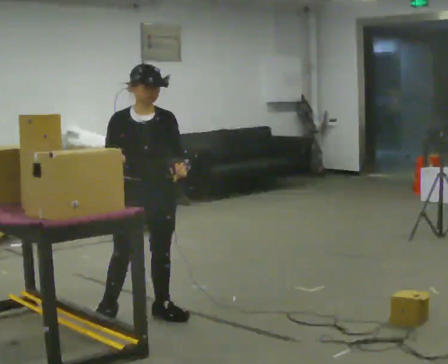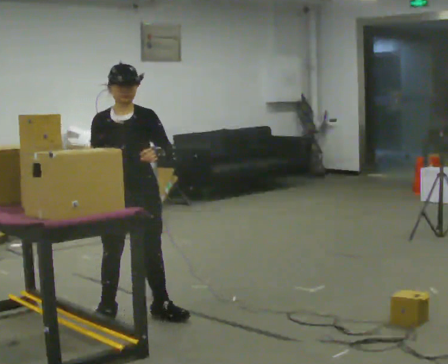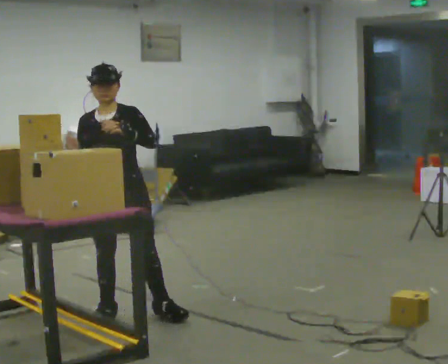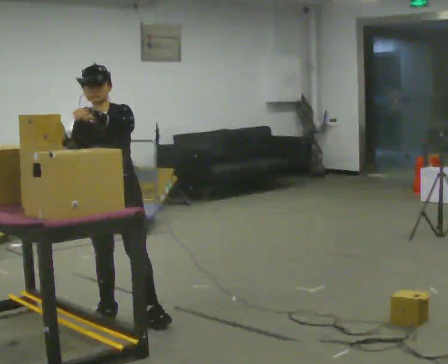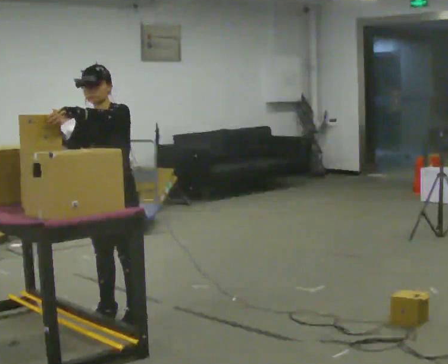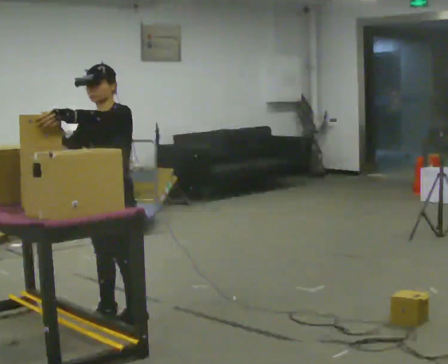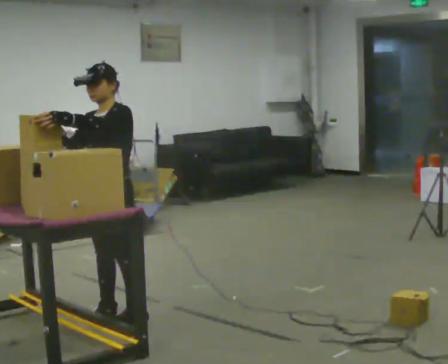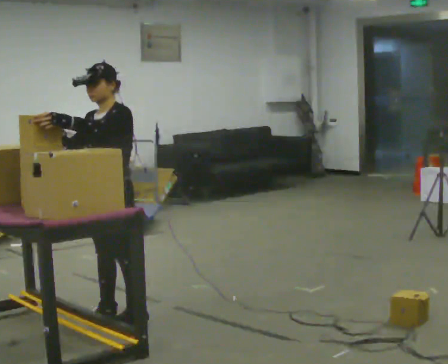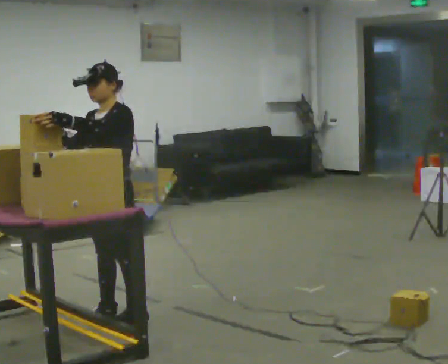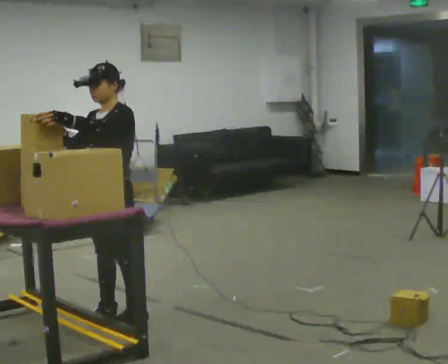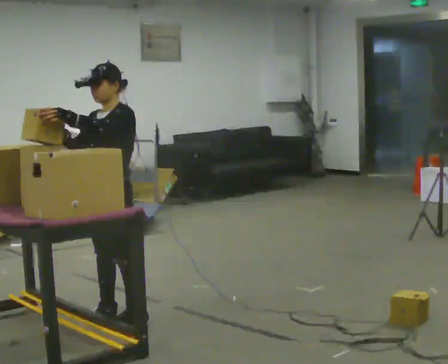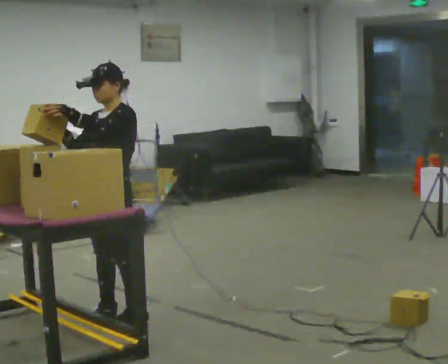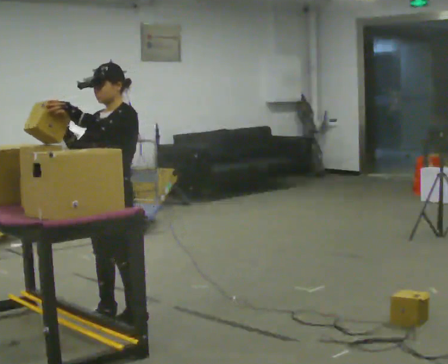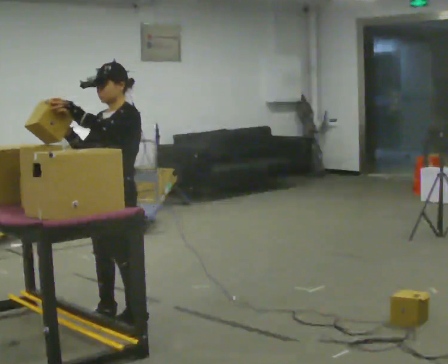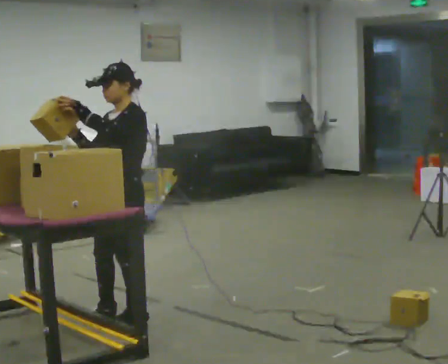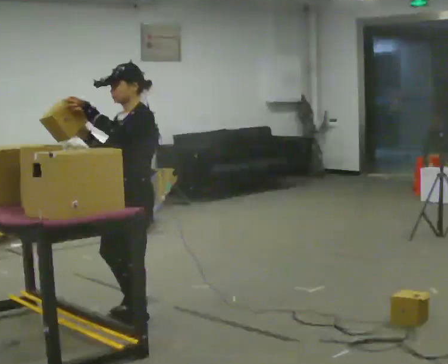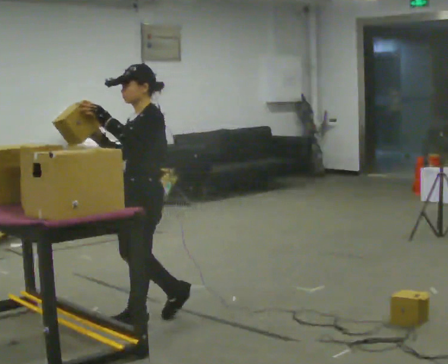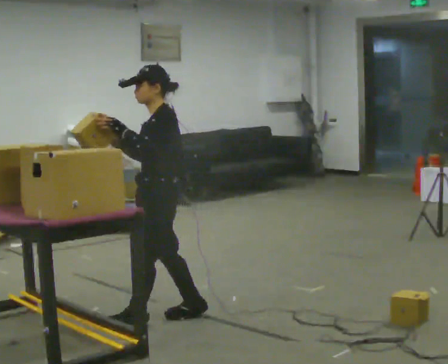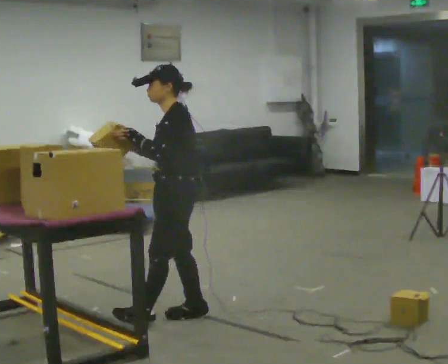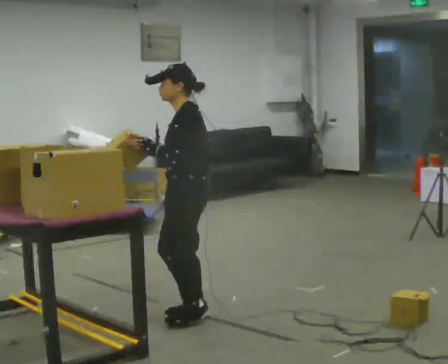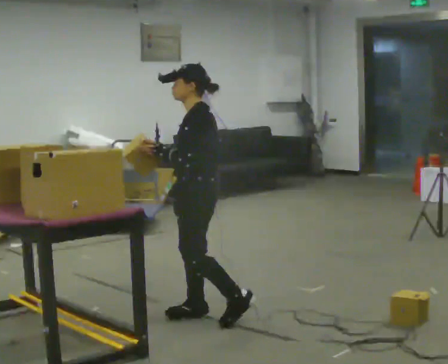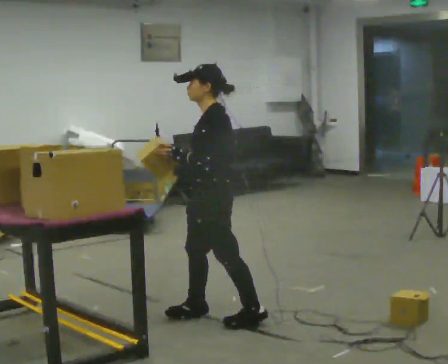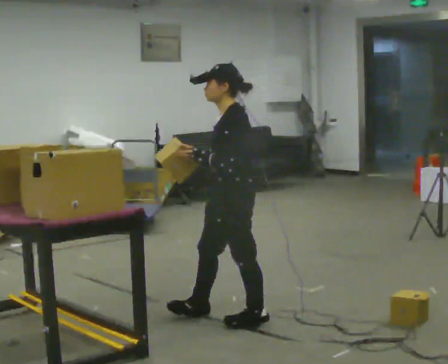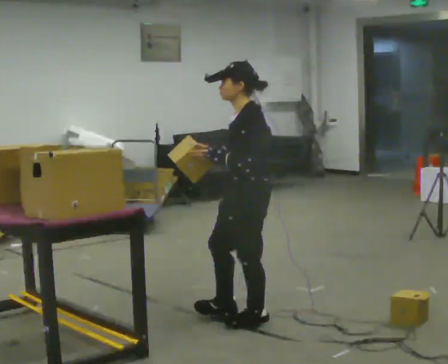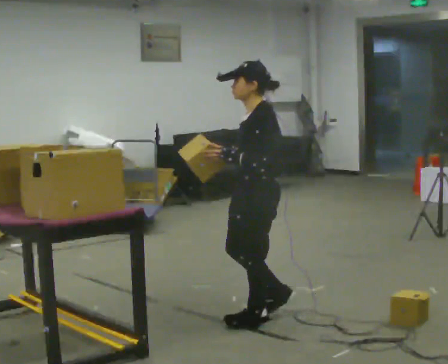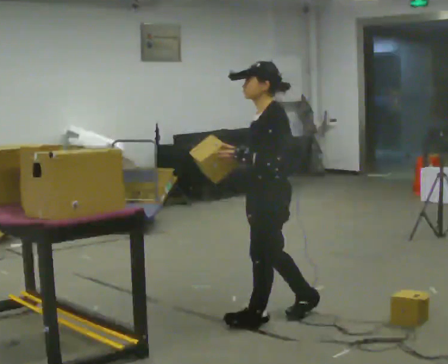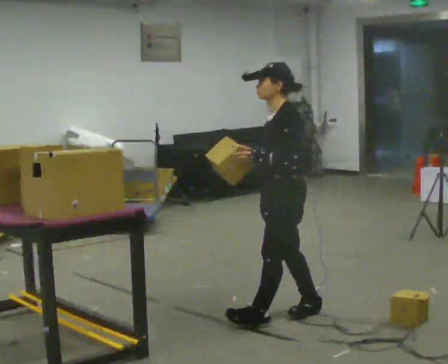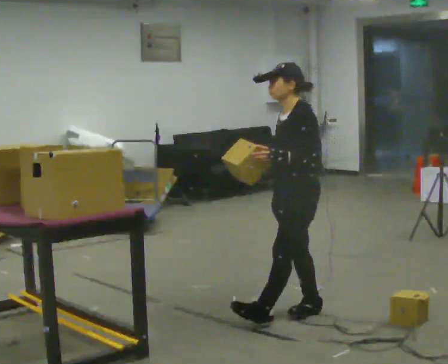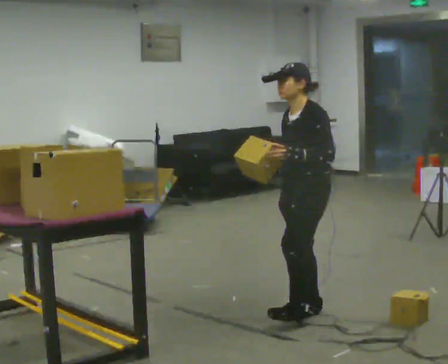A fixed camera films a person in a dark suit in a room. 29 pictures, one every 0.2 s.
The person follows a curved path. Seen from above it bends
counterclockwise.
0.0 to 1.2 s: The part of the body nearest the lens slides to the left as the person turns to their right by about 60 degrees. In the picture they go to the left, about 0.25 m in 1 step, which for them is to their right. In the picture their left hand goes to the left.
1.2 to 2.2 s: The person moves a little, or ends about where they began.
2.2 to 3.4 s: Seen from above the body turns clockwise, about 30 degrees: to their right, with its near side sliding to the left. In the picture they go to the right, about 0.25 m in 1 step, which for them is backward and to their left.
3.4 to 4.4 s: In the picture they go to the right and toward the camera, about 0.5 m in 1 step, which for them is backward.
4.4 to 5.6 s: In the picture they go to the right, about 0.5 m in 2 steps, which for them is backward.
The film runs backward here.
